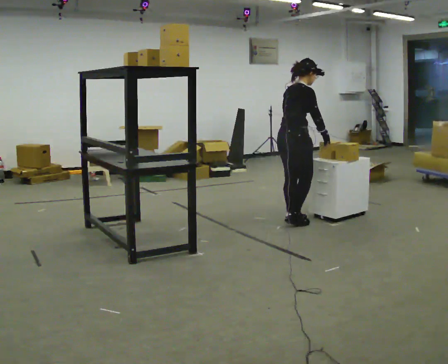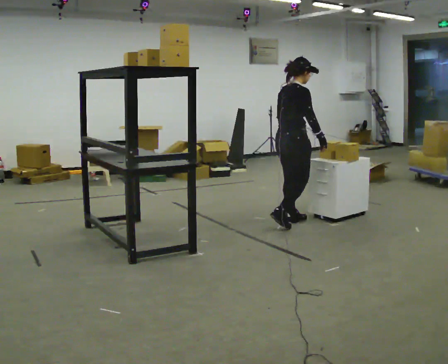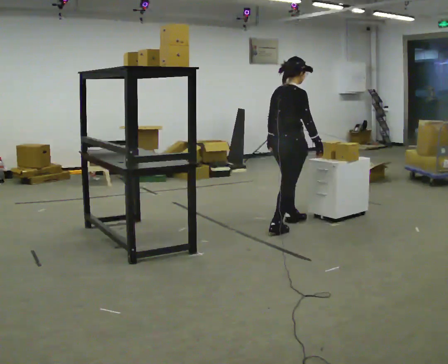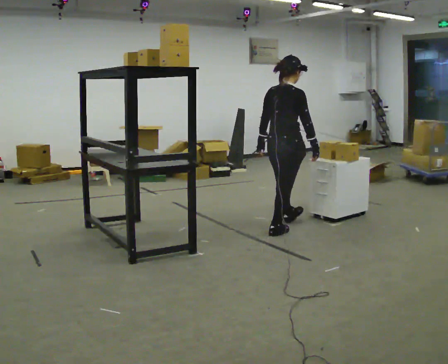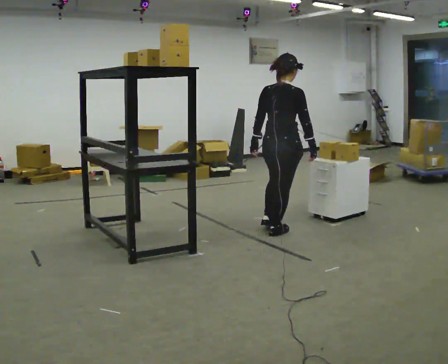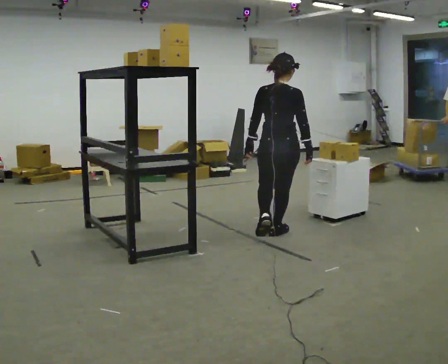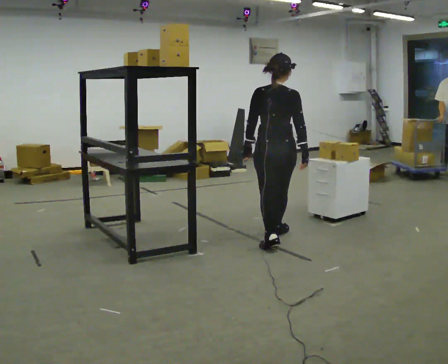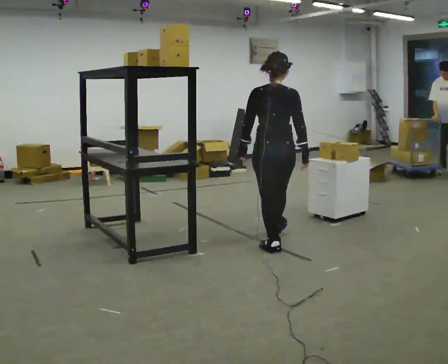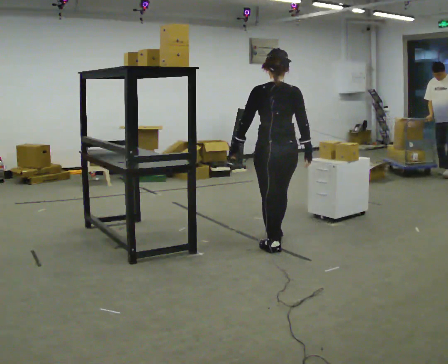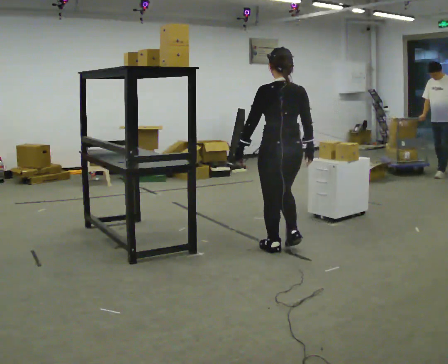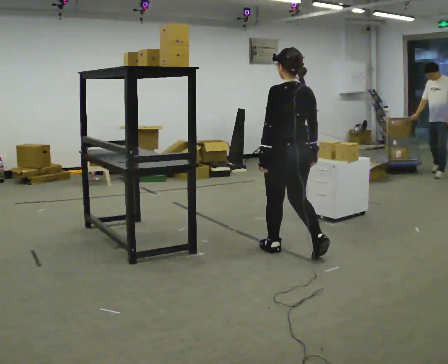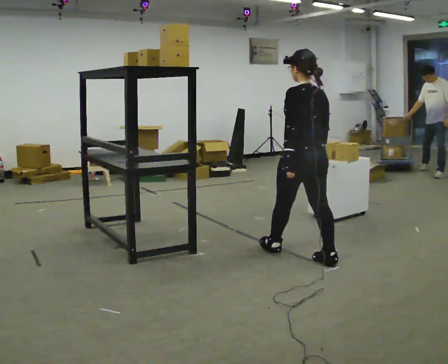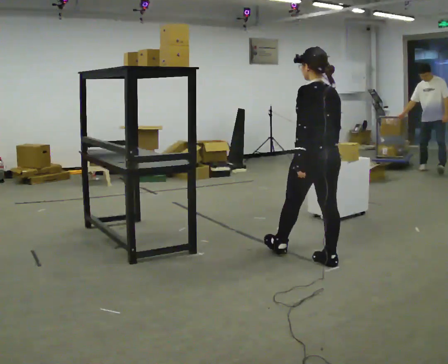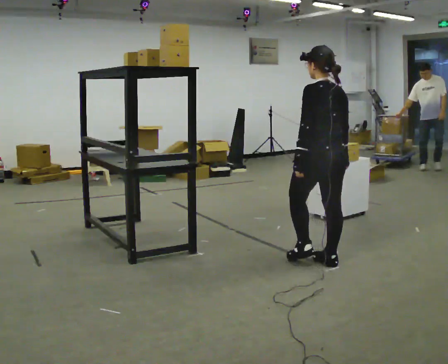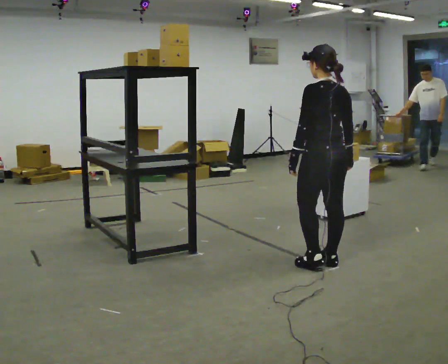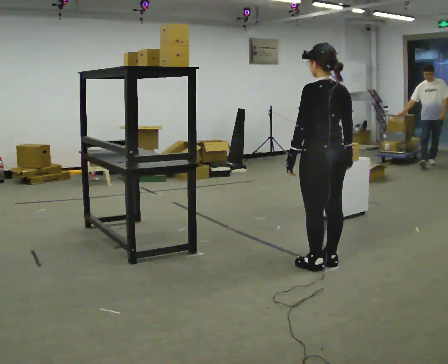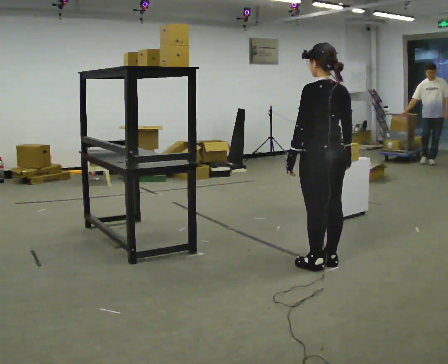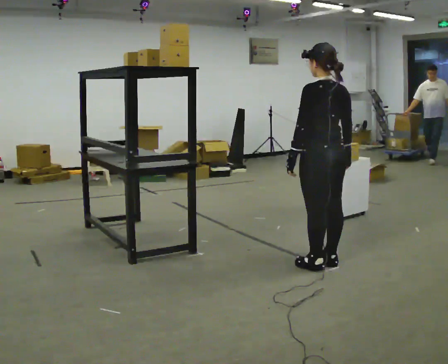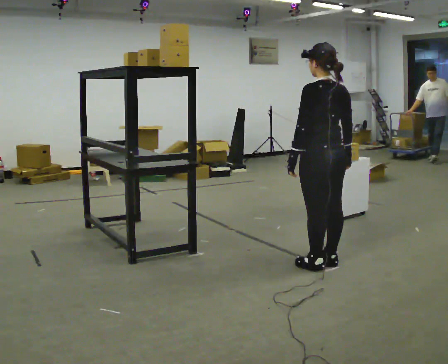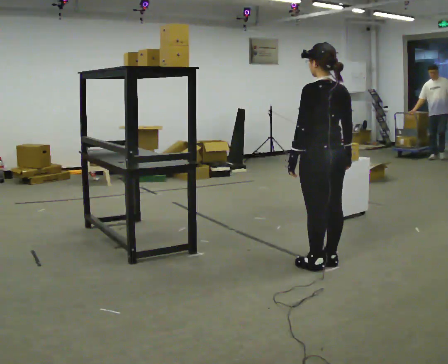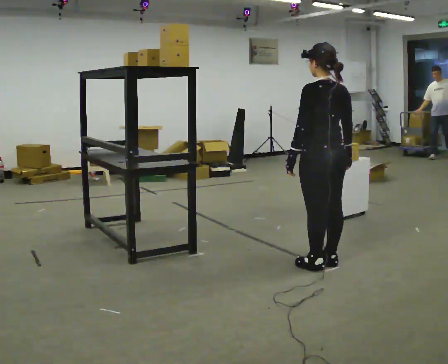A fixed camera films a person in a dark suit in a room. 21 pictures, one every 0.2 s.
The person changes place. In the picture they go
toward the camera.
The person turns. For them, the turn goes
to their left.
0.0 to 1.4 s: The person turns about 60 degrees to their left, counterclockwise seen from above, so the part of the body nearest the lens slides to the right. In the picture they go toward the camera, about 0.5 m in 1 step.
1.4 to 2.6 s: Seen from above the body turns counterclockwise, about 30 degrees: to their left, with its near side sliding to the right. In the picture they go toward the camera and to the right, about 0.5 m in 2 steps, which for them is backward.
2.6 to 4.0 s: The person moves a little, or ends about where they began.
The film runs backward here.
